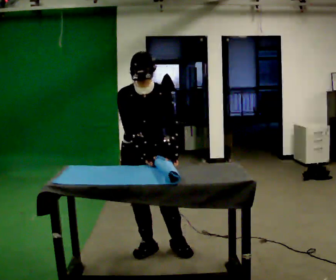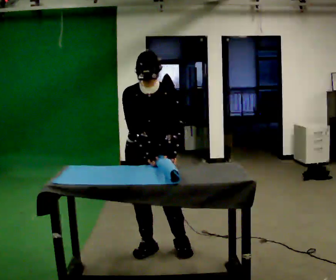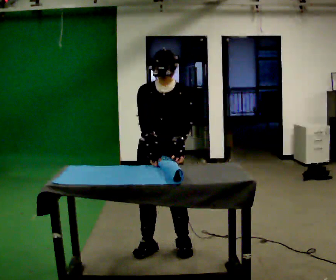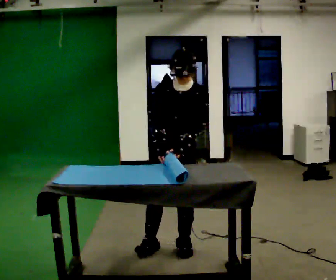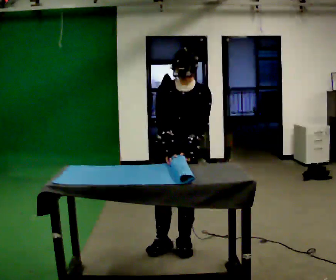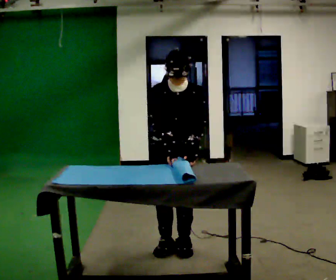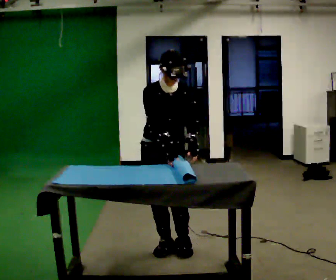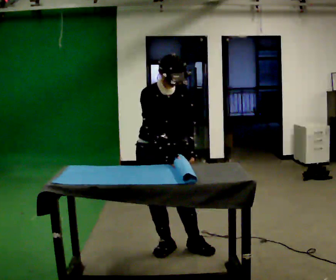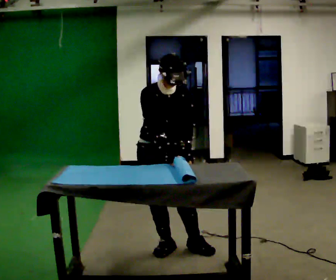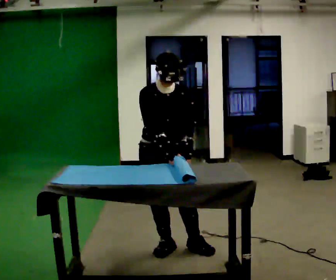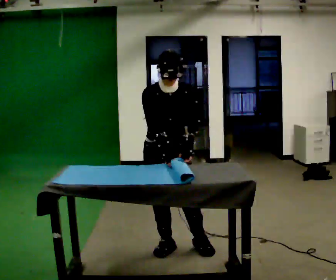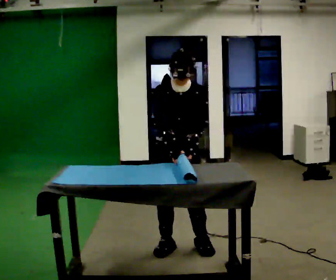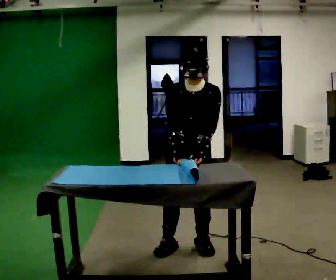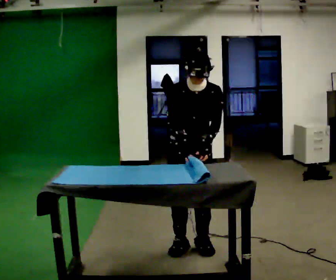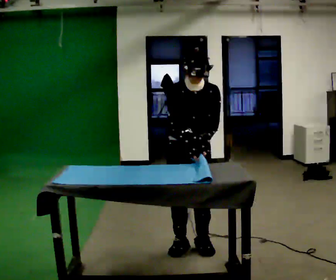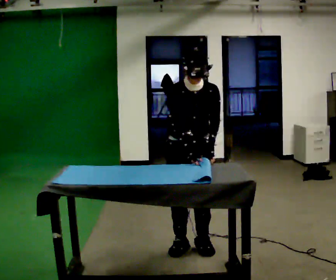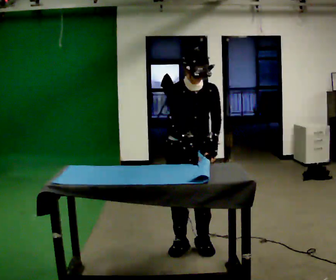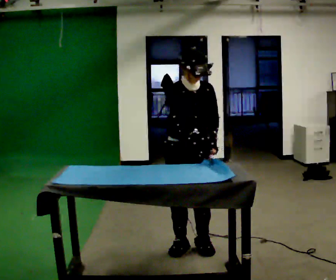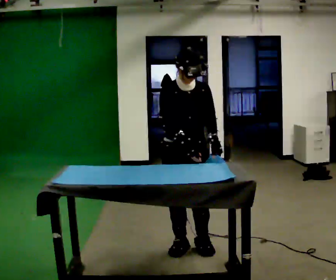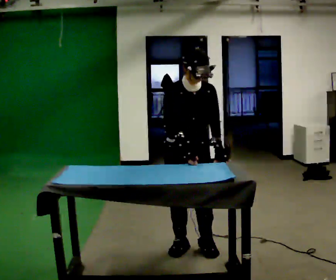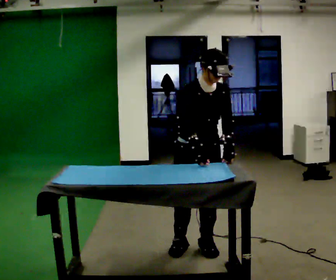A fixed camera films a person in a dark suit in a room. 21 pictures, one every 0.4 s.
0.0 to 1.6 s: In the picture they go to the right, about 0.25 m, which for them is to their left.
1.6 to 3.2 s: The part of the body nearest the lens slides to the right as the person turns to their left by about 30 degrees. In the picture they go to the left, about 0.25 m in 1 step, which for them is to their right.
3.2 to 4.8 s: The person turns about 30 degrees to their right, clockwise seen from above, so the part of the body nearest the lens slides to the left. In the picture they go to the right, about 0.25 m, which for them is to their left.
4.8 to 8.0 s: Seen from above the body turns counterclockwise, about 30 degrees: to their left, with its near side sliding to the right.
The film runs backward here.
